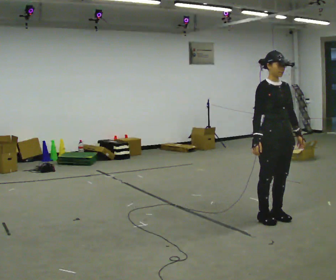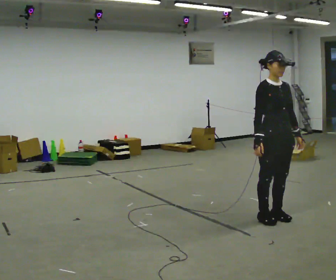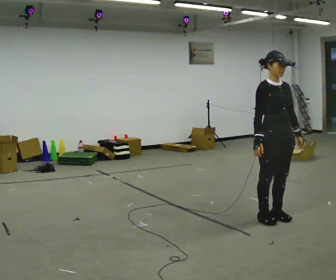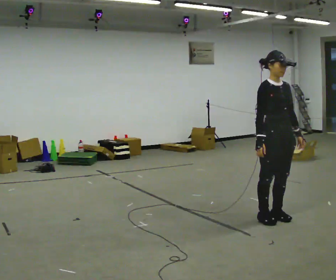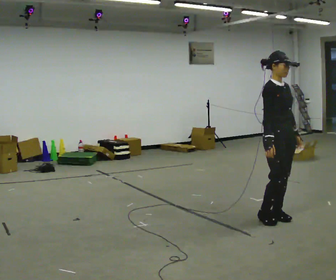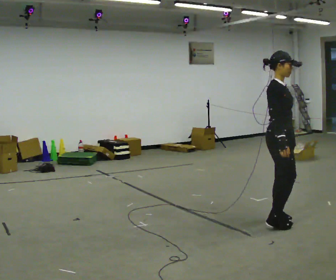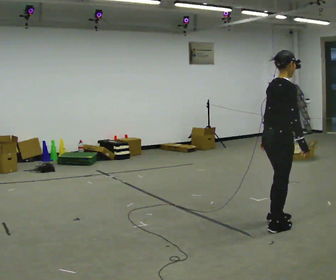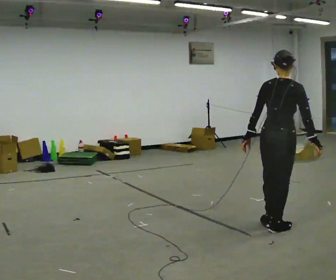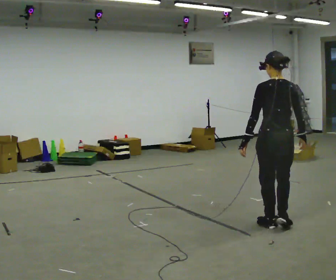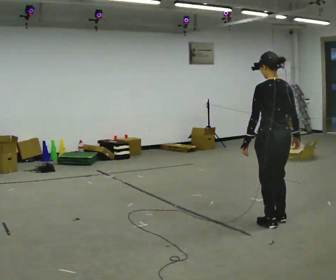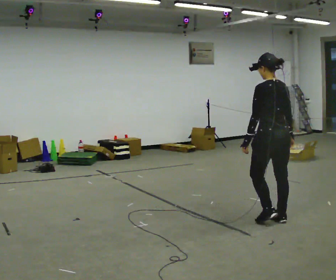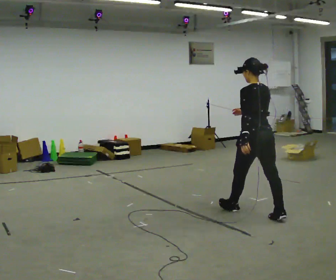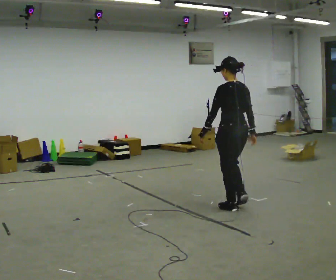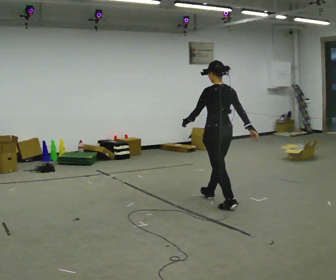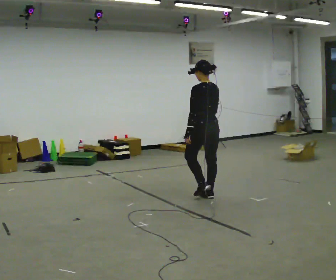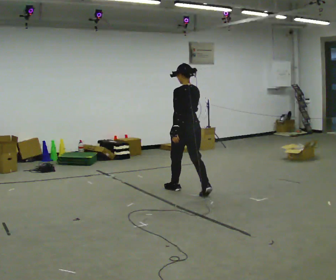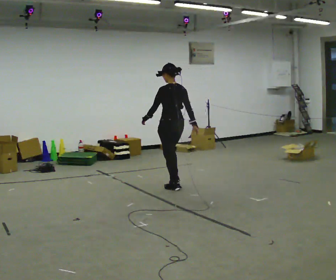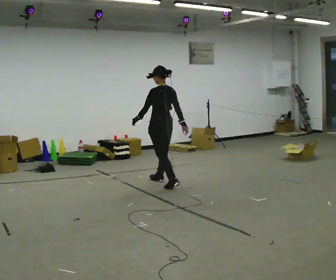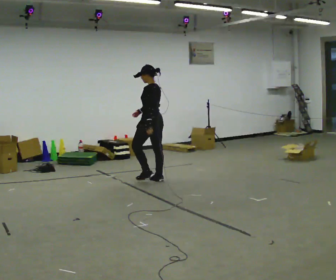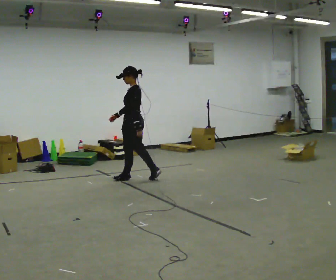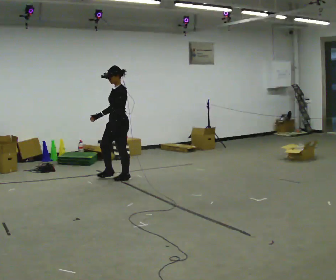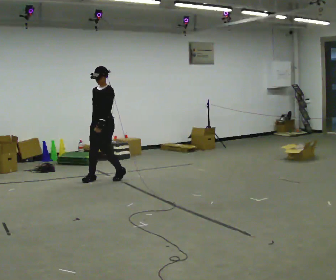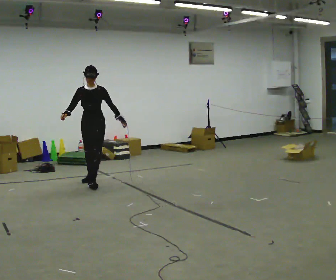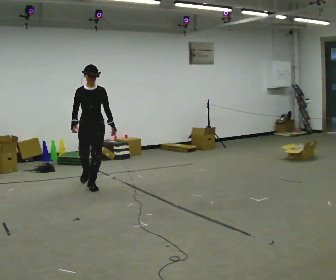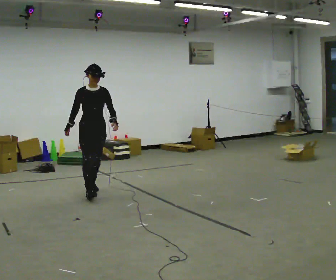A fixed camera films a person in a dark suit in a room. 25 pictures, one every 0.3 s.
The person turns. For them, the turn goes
to their left.
The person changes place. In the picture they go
to the left.
0.0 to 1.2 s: The person moves a little, or ends about where they began.
1.2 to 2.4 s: The person turns about 135 degrees to their left, counterclockwise seen from above, so the part of the body nearest the lens slides to the right. In the picture they go toward the camera, about 0.25 m in 2 steps. In the picture their left hand goes to the left, the arm swinging clockwise.
2.4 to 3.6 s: In the picture they go away from the camera and to the left, about 0.5 m in 2 steps, which for them is forward.
3.6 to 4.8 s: In the picture they go away from the camera and to the left, about 1 m in 2 steps, which for them is forward.
4.8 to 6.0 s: The person turns about 75 degrees to their left, counterclockwise seen from above, so the part of the body nearest the lens slides to the right. In the picture they go to the left and away from the camera, about 1 m in 2 steps.
6.0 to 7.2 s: Seen from above the body turns counterclockwise, about 90 degrees: to their left, with its near side sliding to the right. In the picture they go toward the camera, about 1 m in 2 steps.
The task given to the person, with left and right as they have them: Walk straight; turn around and walk back; use wide or tight turn.
The film runs forward here.
